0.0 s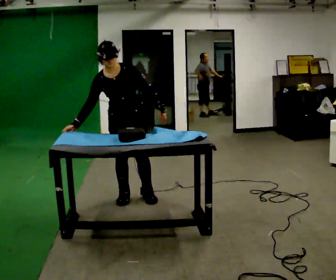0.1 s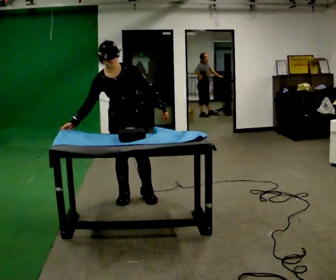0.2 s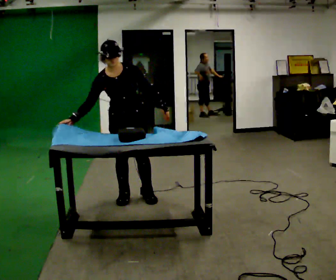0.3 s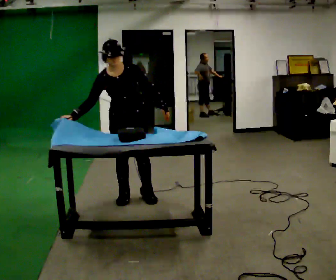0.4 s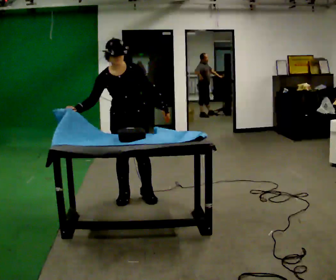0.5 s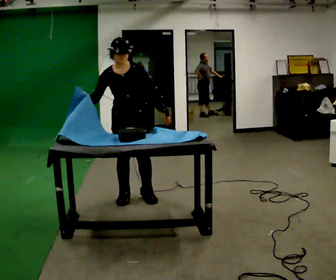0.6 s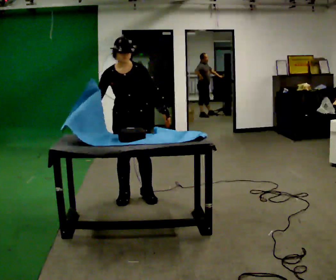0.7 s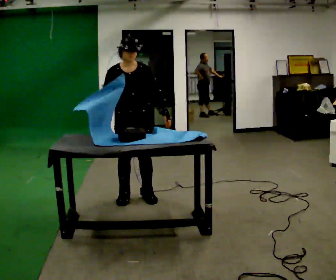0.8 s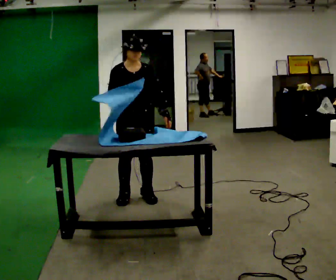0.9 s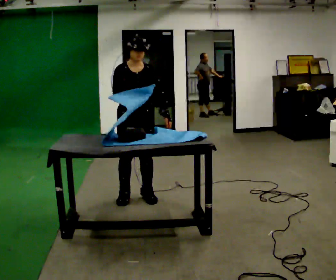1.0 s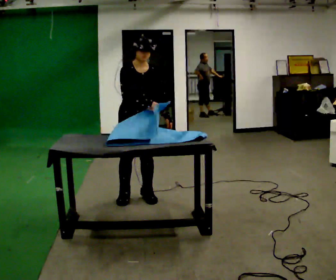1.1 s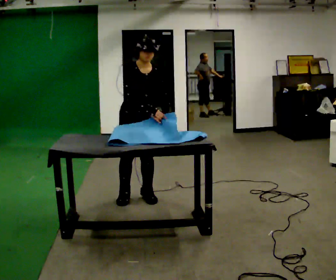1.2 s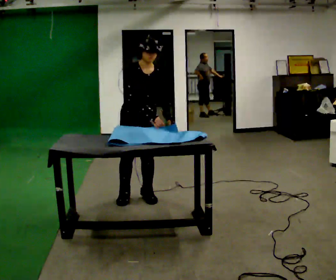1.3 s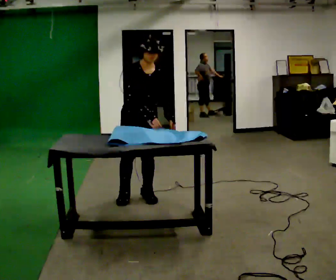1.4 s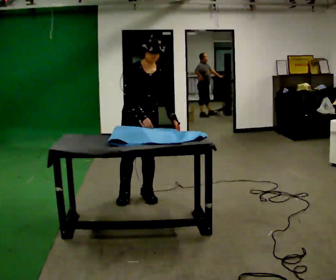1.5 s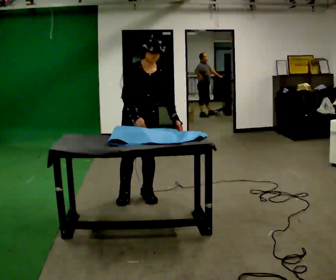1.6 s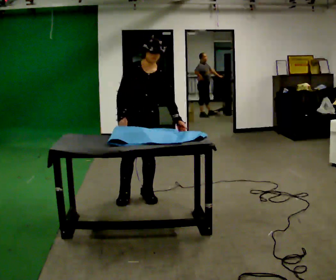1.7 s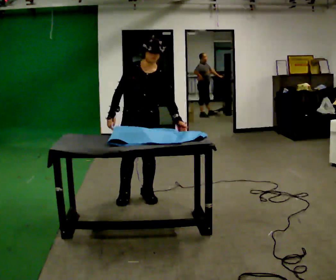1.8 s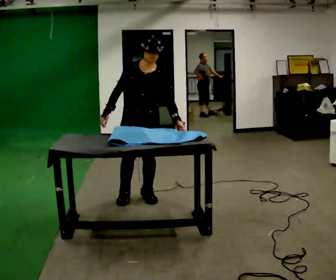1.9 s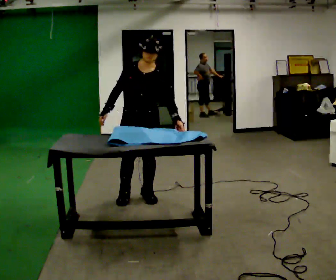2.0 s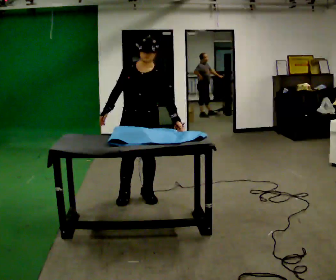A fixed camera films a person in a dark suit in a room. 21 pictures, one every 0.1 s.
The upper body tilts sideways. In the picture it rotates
clockwise.
0.0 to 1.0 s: In the picture the upper body tilts clockwise, shoulders to the right. In the picture their right hand goes to the right.
1.0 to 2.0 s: The person turns about 30 degrees to their right, clockwise seen from above, so the part of the body nearest the lens slides to the left. In the picture their right hand goes to the left.
The film runs forward here.
